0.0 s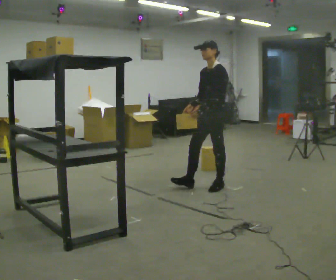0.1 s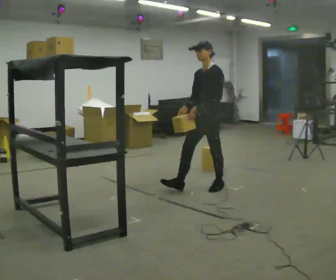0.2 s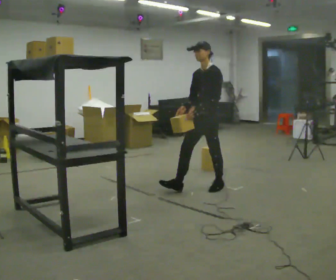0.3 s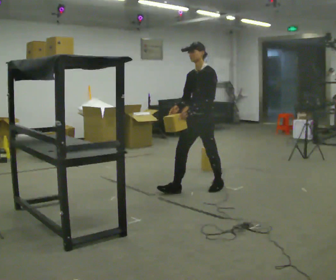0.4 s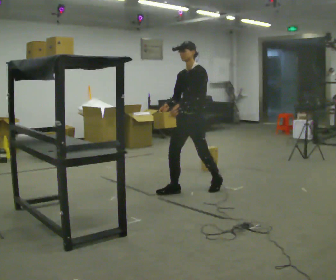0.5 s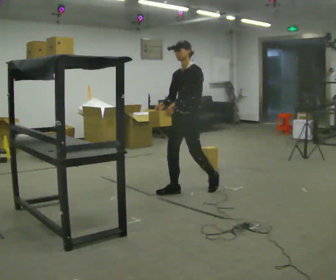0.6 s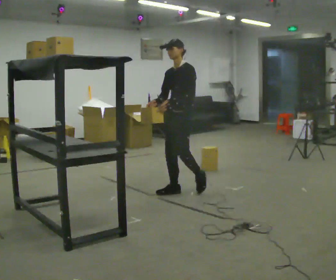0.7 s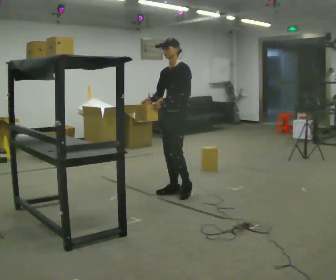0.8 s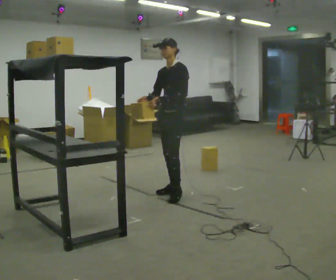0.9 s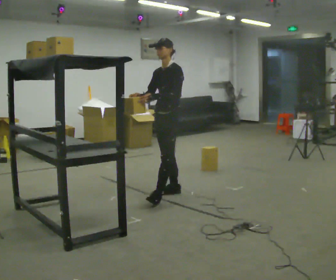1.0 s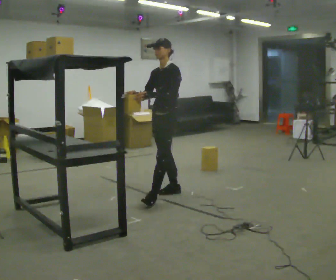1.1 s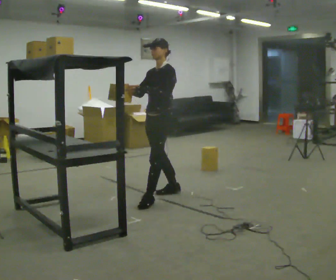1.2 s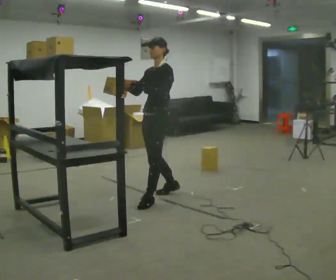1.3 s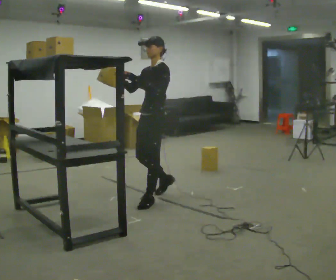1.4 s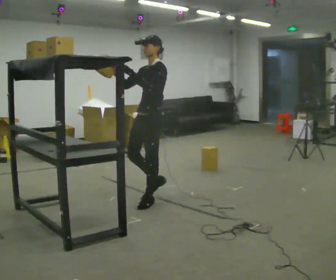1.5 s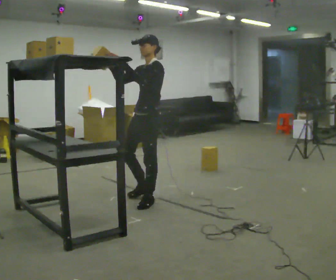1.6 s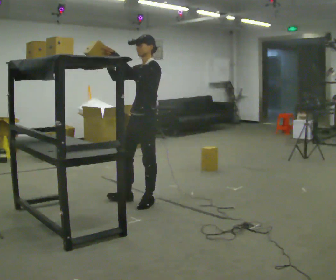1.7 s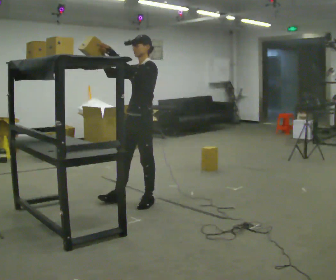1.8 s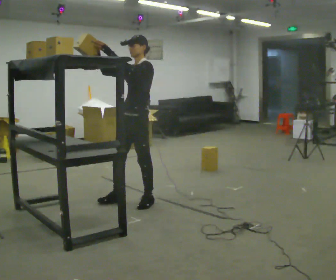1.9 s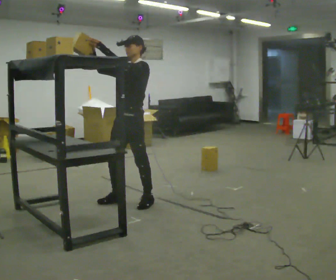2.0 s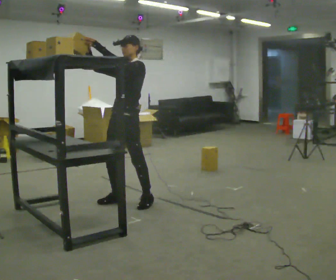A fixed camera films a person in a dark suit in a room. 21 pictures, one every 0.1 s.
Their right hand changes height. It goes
upward.
Their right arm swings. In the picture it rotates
clockwise.
0.0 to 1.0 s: In the picture they go to the left and toward the camera, about 0.5 m in 1 step, which for them is forward and to their right.
1.0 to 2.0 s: In the picture they go to the left and toward the camera, about 0.5 m in 2 steps, which for them is forward. In the picture their left hand goes upward.
The film runs forward here.
